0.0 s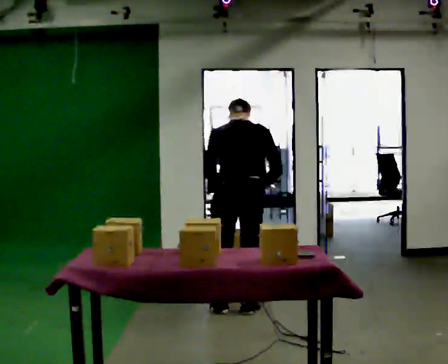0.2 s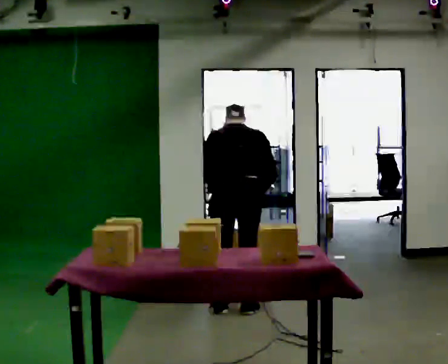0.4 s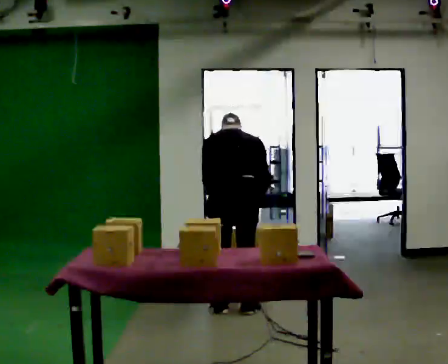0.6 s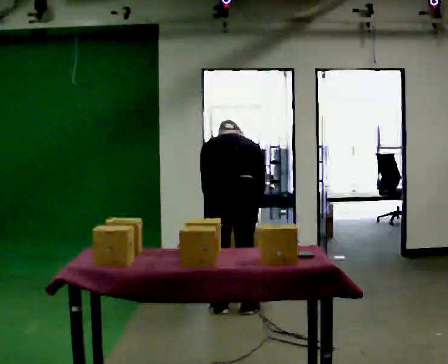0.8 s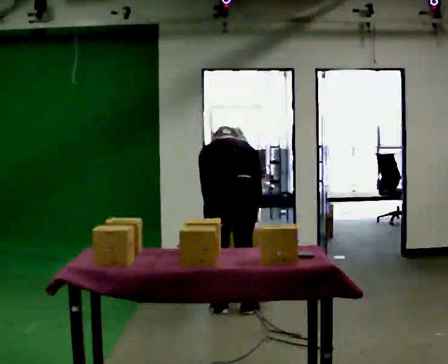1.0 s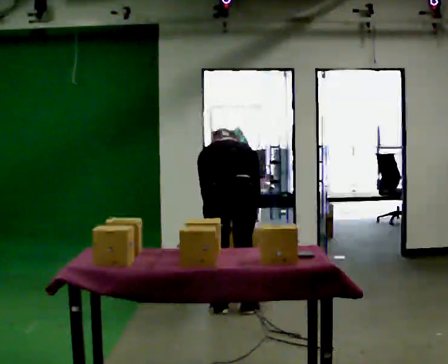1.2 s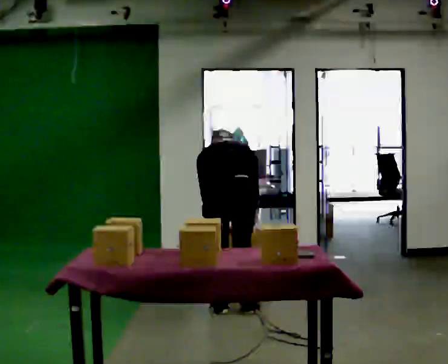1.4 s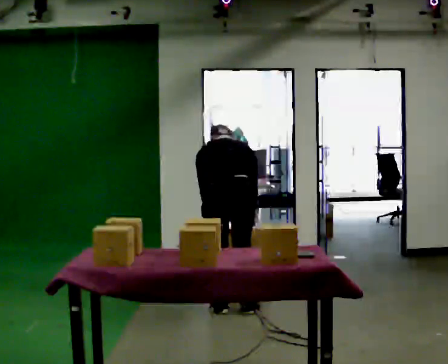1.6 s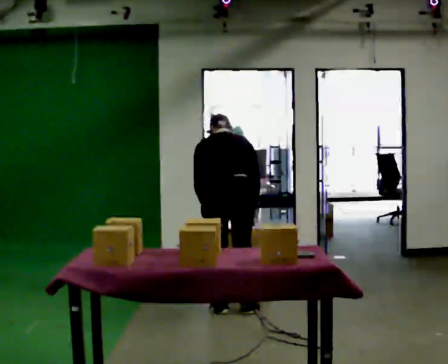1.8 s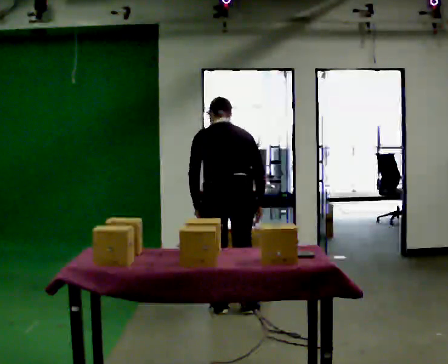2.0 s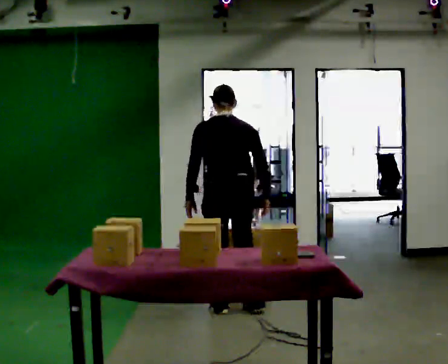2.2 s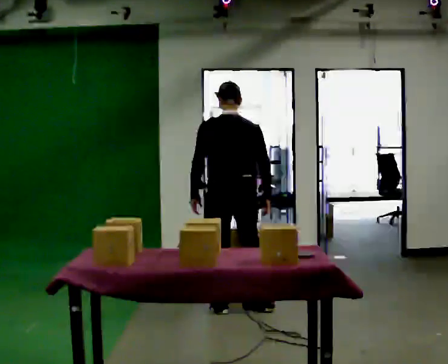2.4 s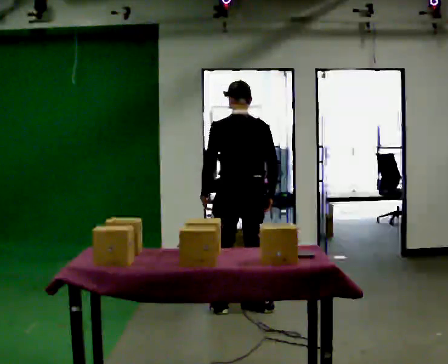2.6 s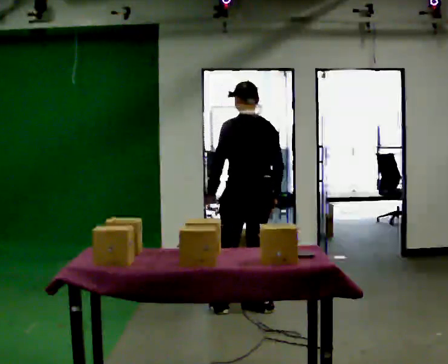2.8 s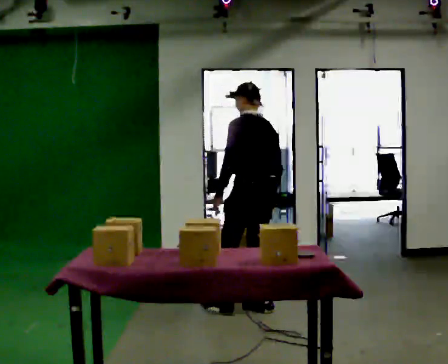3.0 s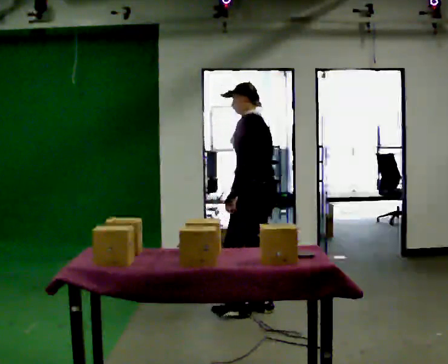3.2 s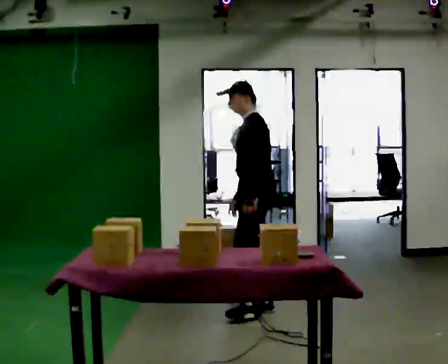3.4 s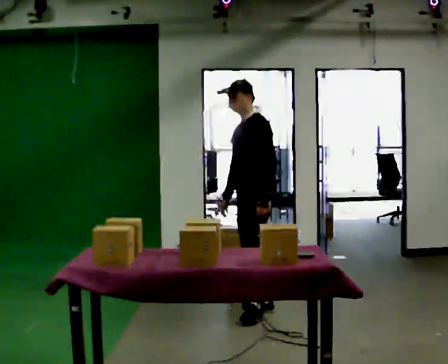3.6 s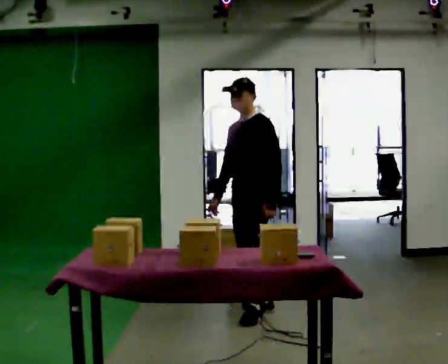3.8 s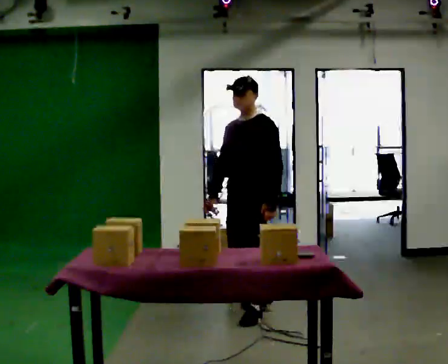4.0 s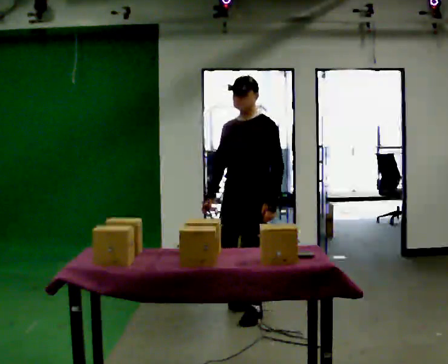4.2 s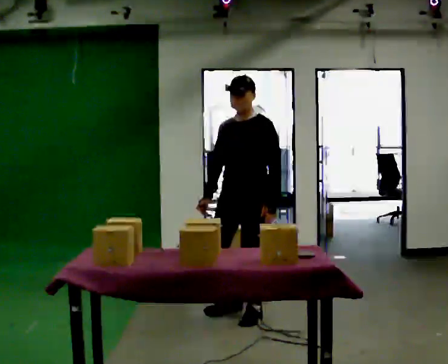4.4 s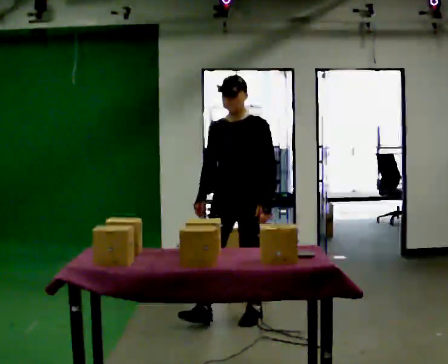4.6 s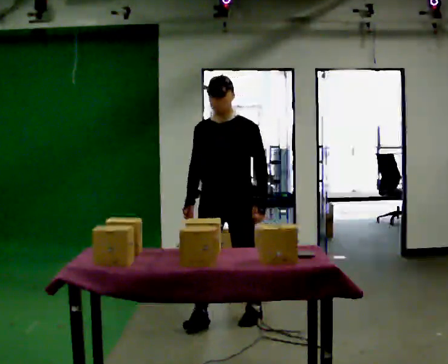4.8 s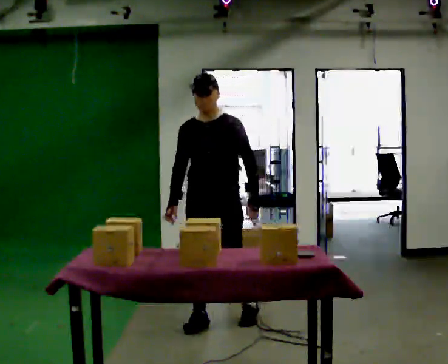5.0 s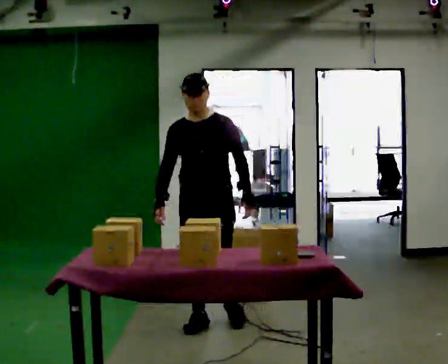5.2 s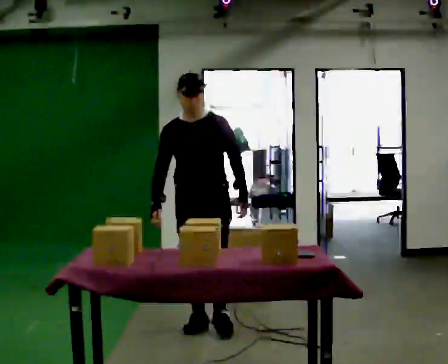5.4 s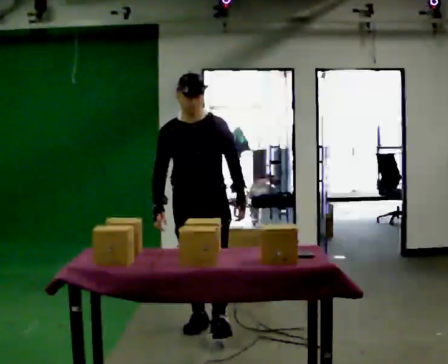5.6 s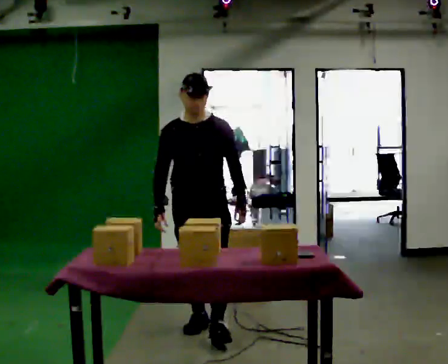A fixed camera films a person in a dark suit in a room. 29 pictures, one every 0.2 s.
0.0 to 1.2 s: The shoulders move downward. The upper body tips away from the camera, its near side rolling upward, as they bend forward.
1.2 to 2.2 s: The upper body goes upward. The upper body tips toward the camera, its near side rolling downward, as they lean back or straighten.
2.2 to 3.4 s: Seen from above the body turns counterclockwise, about 105 degrees: to their left, with its near side sliding to the right. In the picture they go to the right, about 0.25 m in 1 step. In the picture their left hand goes to the right.
3.4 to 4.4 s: Seen from above the body turns counterclockwise, about 45 degrees: to their left, with its near side sliding to the right. In the picture they go toward the camera, about 0.25 m, which for them is forward.
4.4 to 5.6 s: In the picture they go toward the camera and to the left, about 0.5 m in 2 steps, which for them is forward and to their right.
The film runs forward here.
